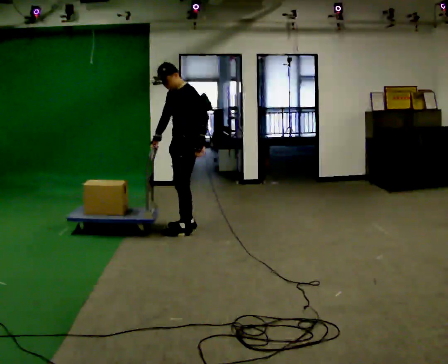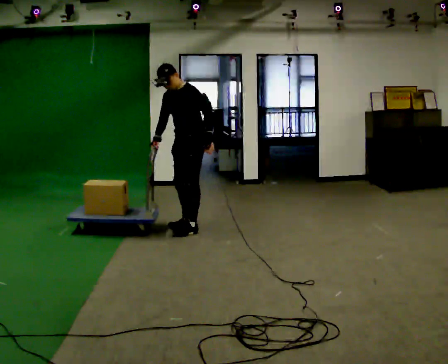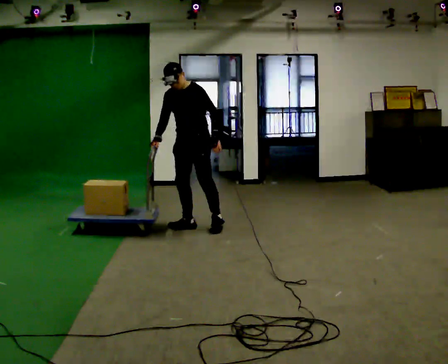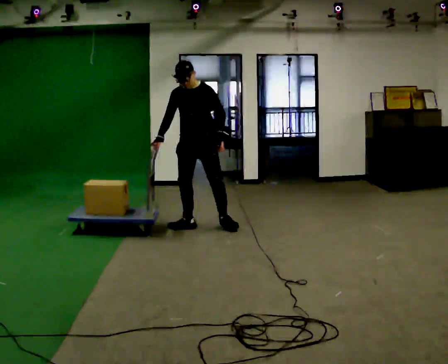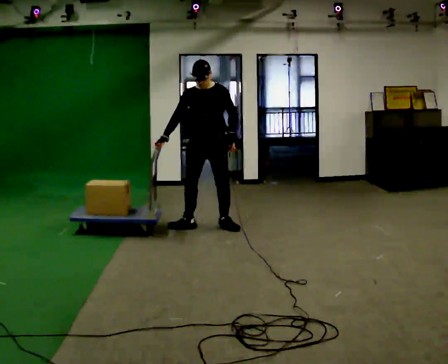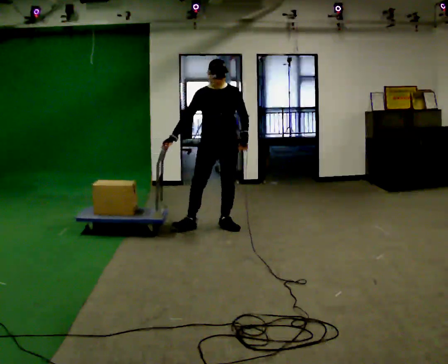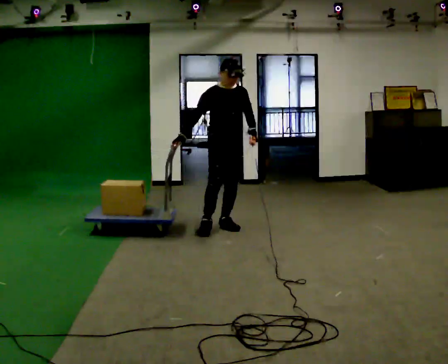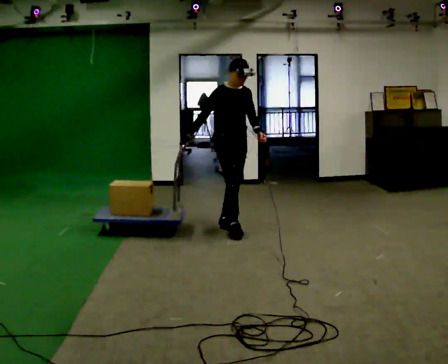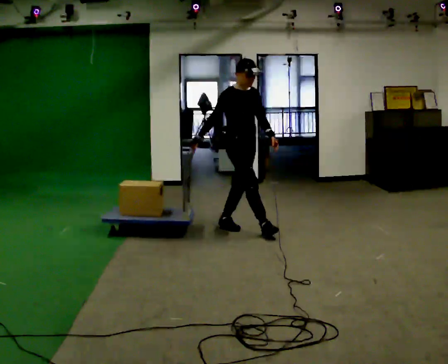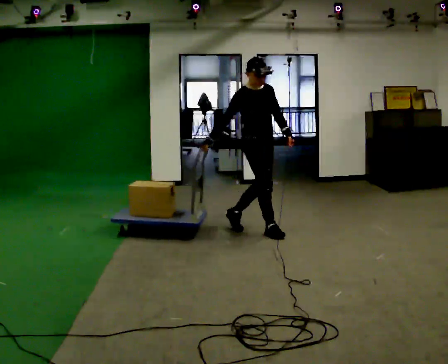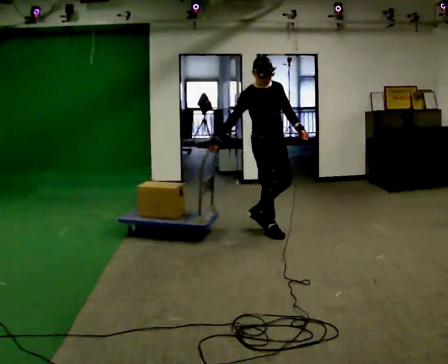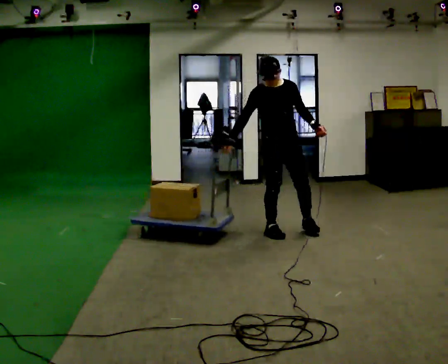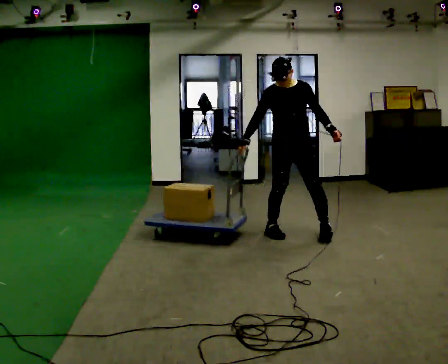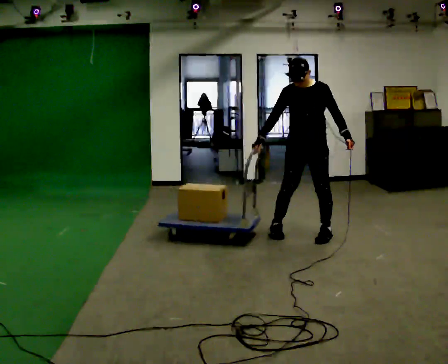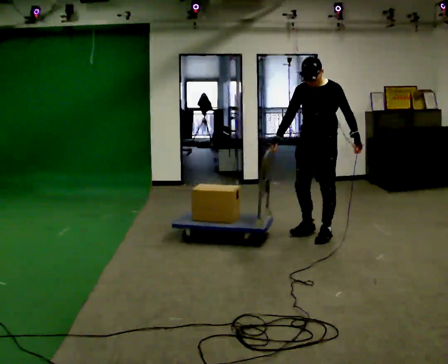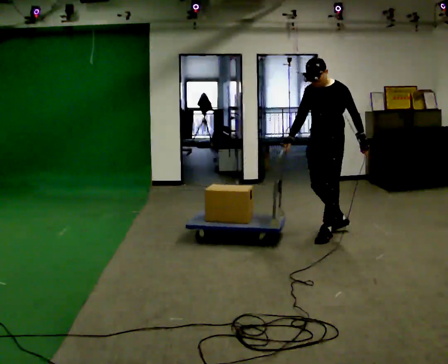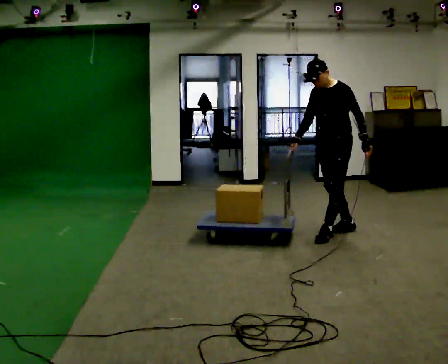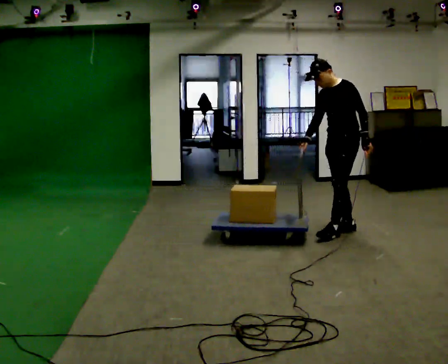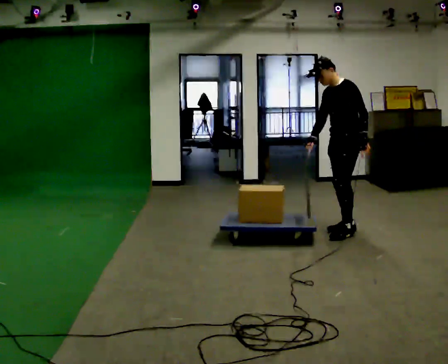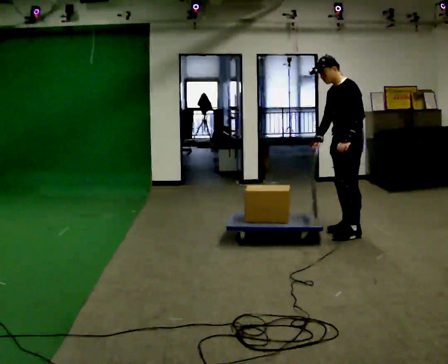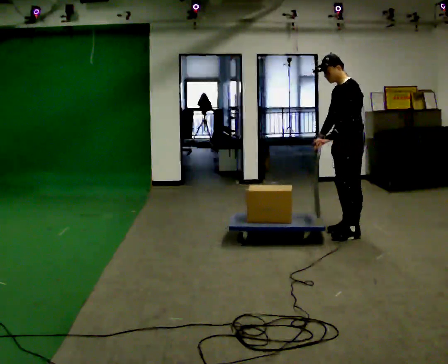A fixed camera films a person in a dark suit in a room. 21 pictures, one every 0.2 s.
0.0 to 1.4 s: The person turns about 105 degrees to their left, counterclockwise seen from above, so the part of the body nearest the lens slides to the right. In the picture they go to the right, about 0.5 m in 1 step.
1.4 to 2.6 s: The part of the body nearest the lens slides to the left as the person turns to their right by about 60 degrees. In the picture they go to the right, about 1 m in 2 steps.
2.6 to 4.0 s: Seen from above the body turns clockwise, about 60 degrees: to their right, with its near side sliding to the left. In the picture they go to the right, about 0.5 m in 2 steps.
The film runs forward here.
